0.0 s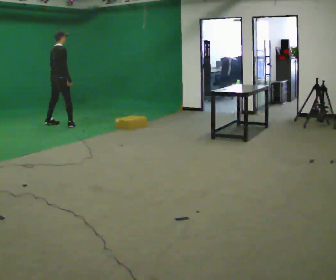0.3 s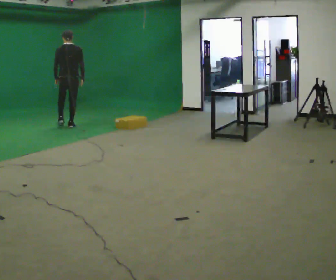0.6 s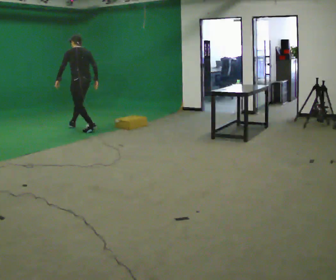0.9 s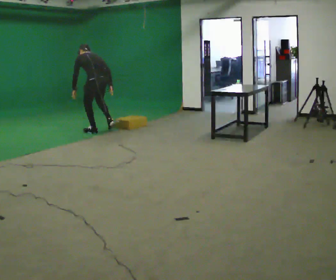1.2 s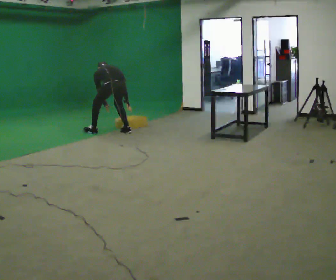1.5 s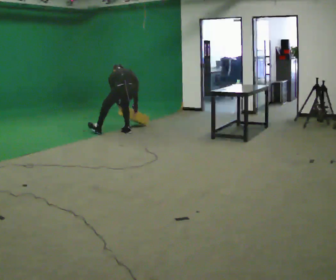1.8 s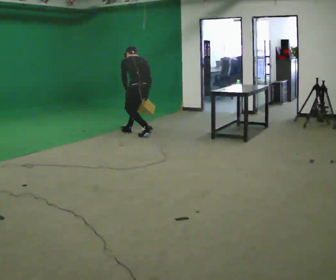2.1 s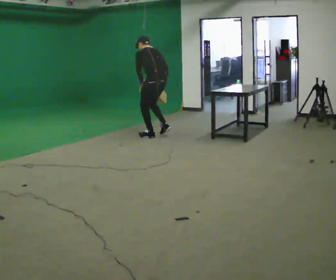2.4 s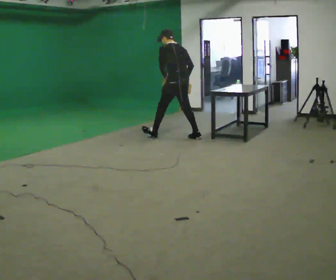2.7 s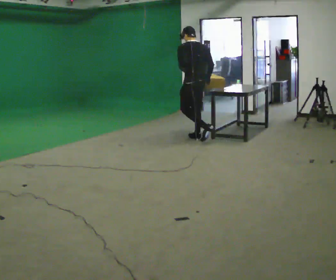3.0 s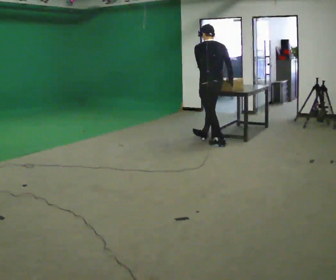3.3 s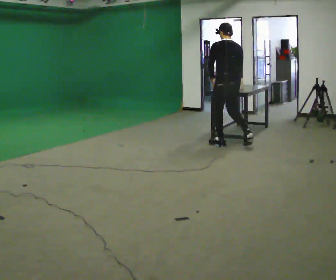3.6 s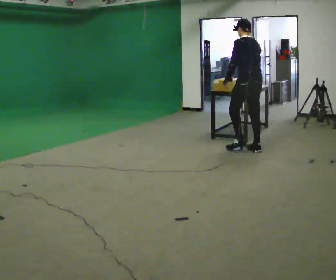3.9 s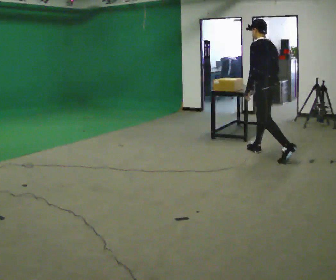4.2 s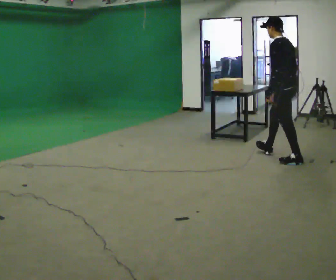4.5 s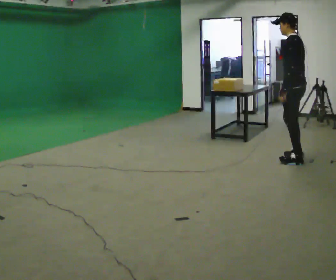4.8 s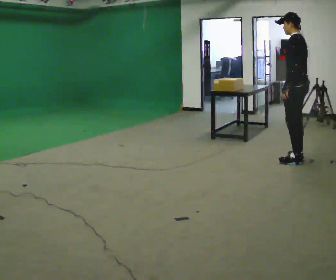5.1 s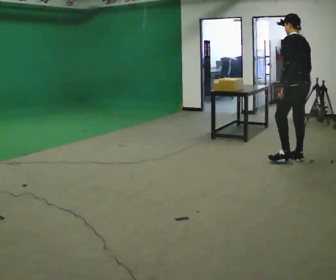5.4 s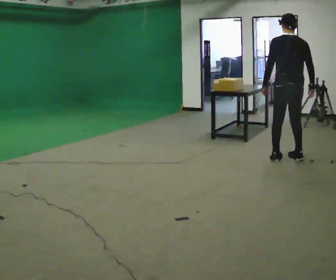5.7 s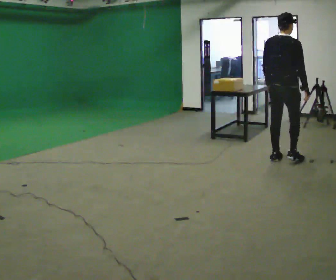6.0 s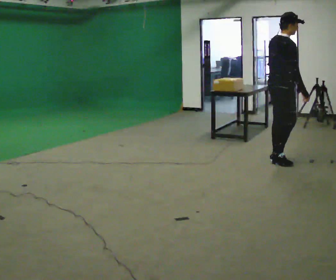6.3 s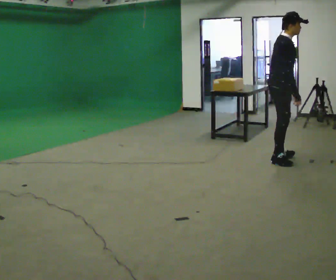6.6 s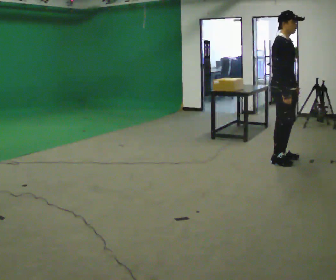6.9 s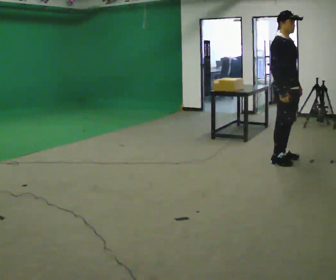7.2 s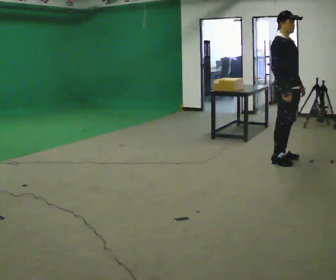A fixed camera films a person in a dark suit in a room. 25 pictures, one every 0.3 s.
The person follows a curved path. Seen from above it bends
clockwise.
The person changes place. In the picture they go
to the right.
0.0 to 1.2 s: Seen from above the body turns counterclockwise, about 75 degrees: to their left, with its near side sliding to the right. In the picture they go to the right, about 1.5 m in 2 steps. The shoulders move downward. In the picture the upper body tilts counterclockwise, shoulders to the left, as they bend forward. In the picture their left hand goes downward.
1.2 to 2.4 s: In the picture they go to the right, about 1 m in 3 steps, which for them is backward and to their right. The upper body goes upward. The upper body tips toward the camera, its near side rolling downward, as they lean back or straighten. In the picture their right hand goes upward.
2.4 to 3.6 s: In the picture they go to the right and toward the camera, about 1.5 m in 2 steps, which for them is backward and to their right.
3.6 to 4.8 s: In the picture they go to the right and toward the camera, about 0.5 m in 1 step, which for them is backward.
4.8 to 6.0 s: Seen from above the body turns clockwise, about 135 degrees: to their right, with its near side sliding to the left. In the picture they go to the left, about 0.25 m in 2 steps.
6.0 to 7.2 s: The part of the body nearest the lens slides to the left as the person turns to their right by about 60 degrees.
The film runs backward here.
